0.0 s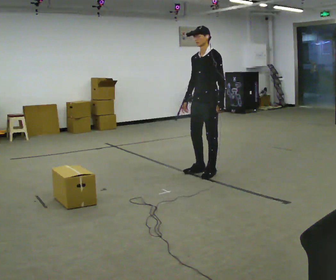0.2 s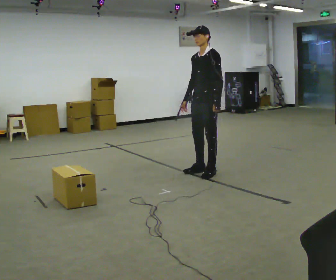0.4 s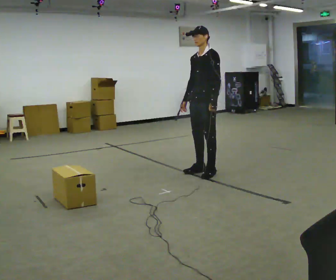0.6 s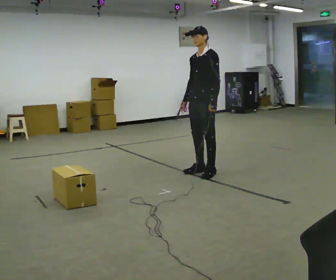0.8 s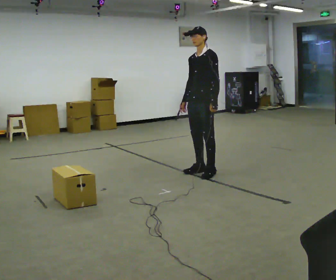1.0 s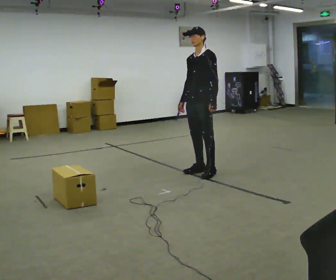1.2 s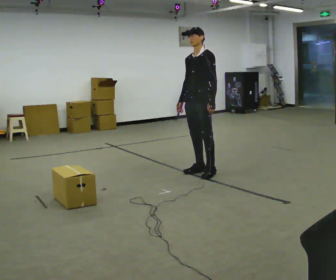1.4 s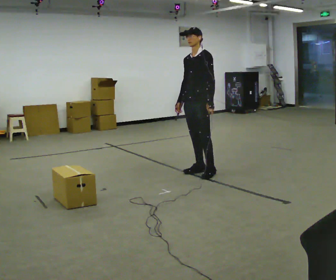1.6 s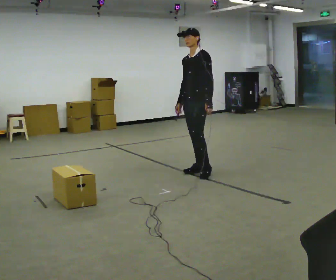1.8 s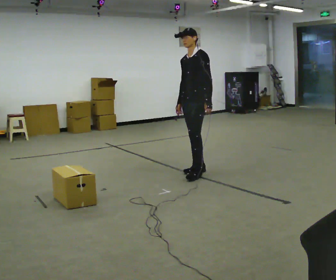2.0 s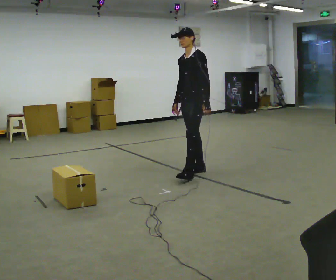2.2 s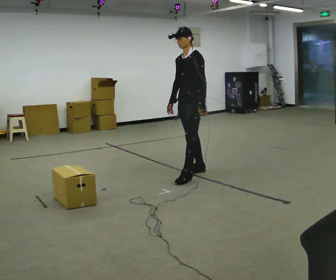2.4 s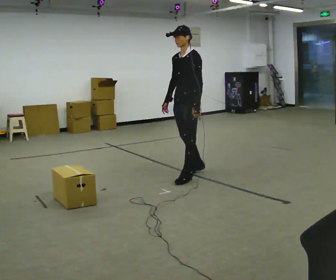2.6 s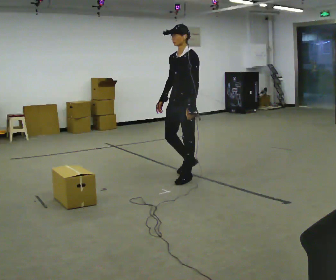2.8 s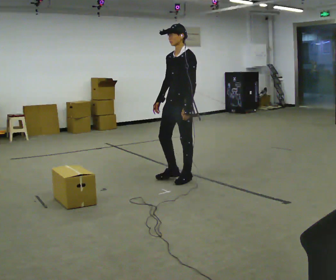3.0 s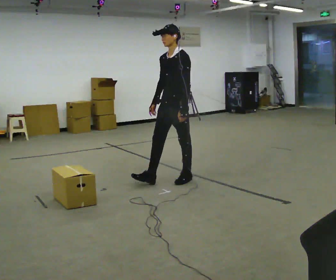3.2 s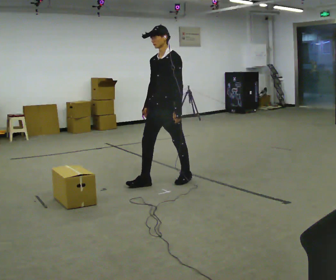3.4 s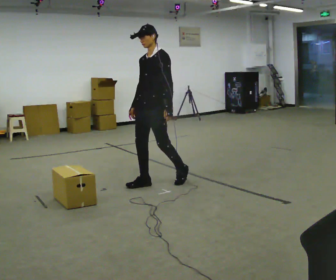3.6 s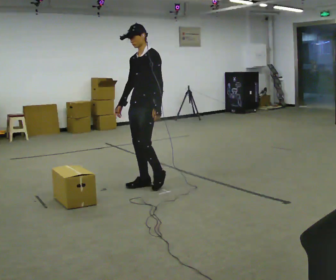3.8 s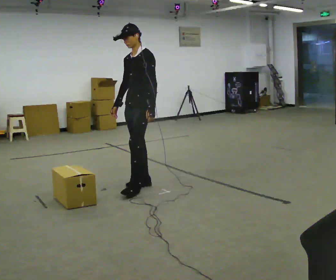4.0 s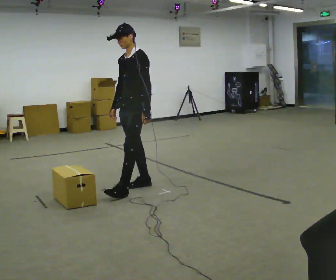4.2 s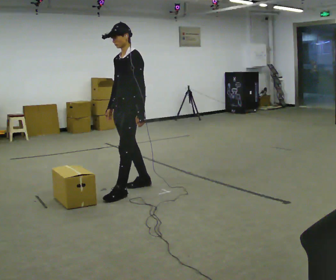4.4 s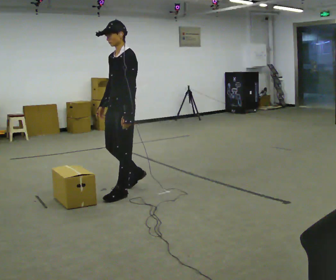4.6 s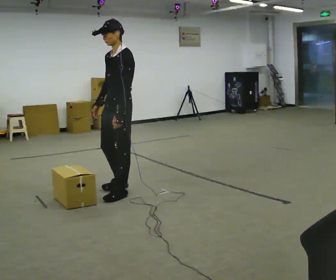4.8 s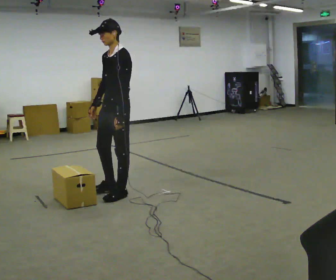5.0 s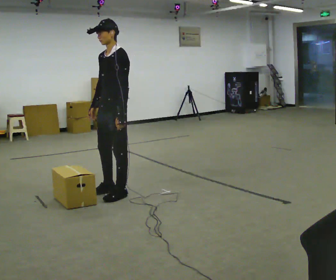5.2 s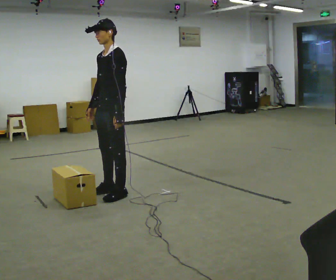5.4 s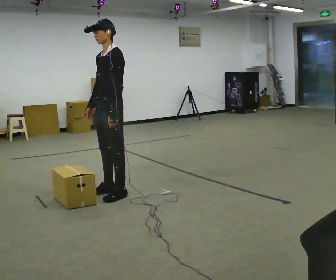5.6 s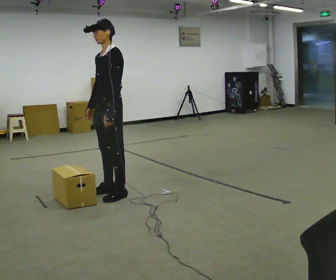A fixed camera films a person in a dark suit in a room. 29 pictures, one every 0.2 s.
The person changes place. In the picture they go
to the left.
0.0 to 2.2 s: In the picture they go to the left, about 0.25 m in 1 step, which for them is forward and to their right.
2.2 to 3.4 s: In the picture they go to the left and toward the camera, about 0.5 m in 1 step, which for them is forward.
3.4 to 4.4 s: In the picture they go toward the camera and to the left, about 0.5 m in 1 step, which for them is forward.
4.4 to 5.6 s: The person moves a little, or ends about where they began.
The film runs forward here.
